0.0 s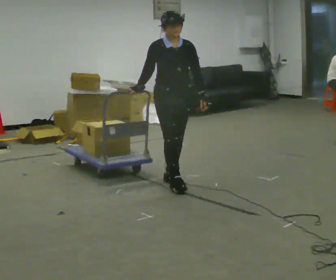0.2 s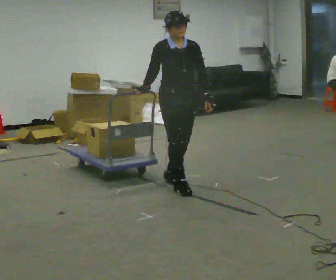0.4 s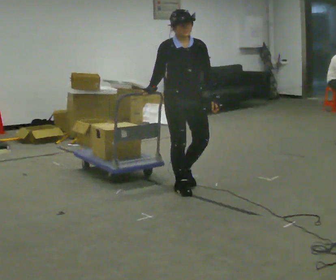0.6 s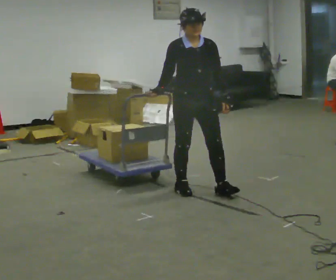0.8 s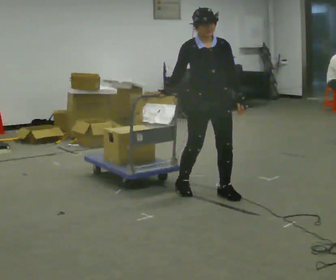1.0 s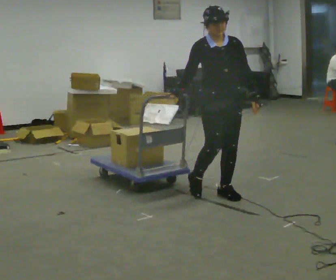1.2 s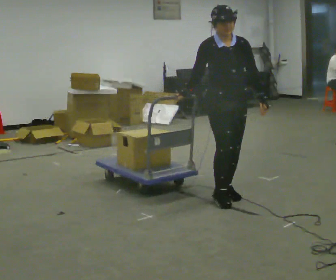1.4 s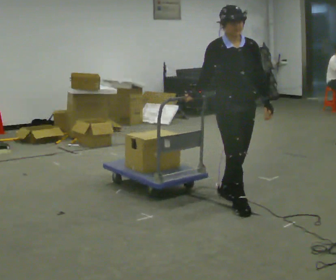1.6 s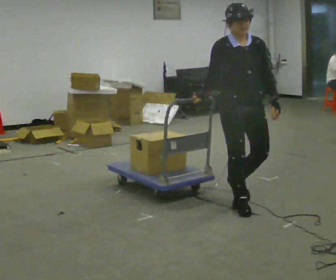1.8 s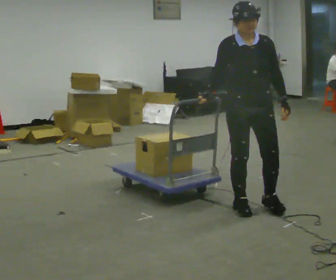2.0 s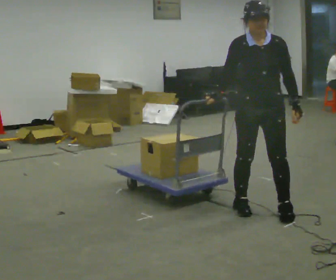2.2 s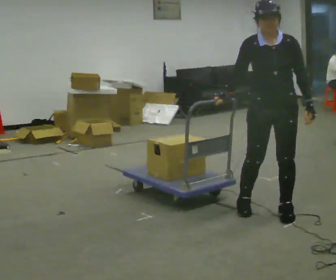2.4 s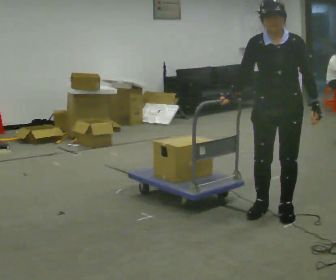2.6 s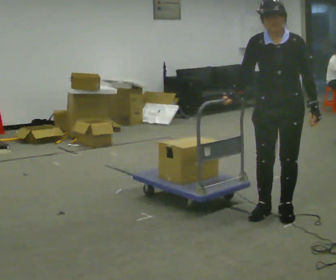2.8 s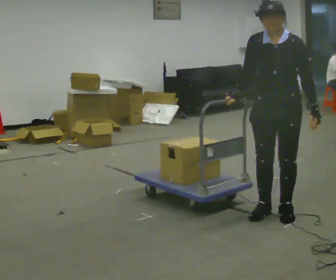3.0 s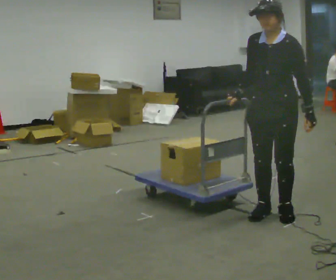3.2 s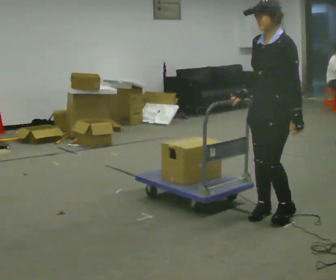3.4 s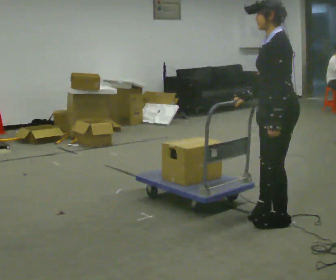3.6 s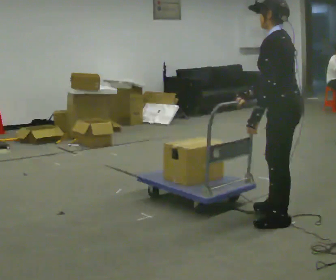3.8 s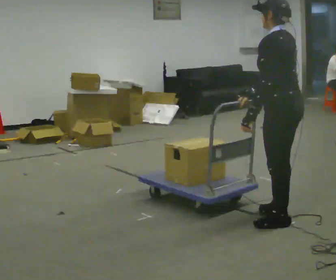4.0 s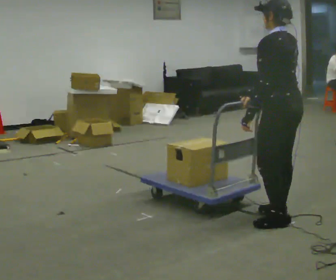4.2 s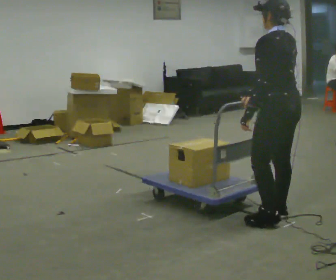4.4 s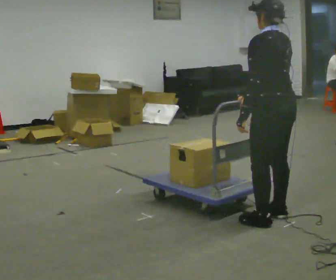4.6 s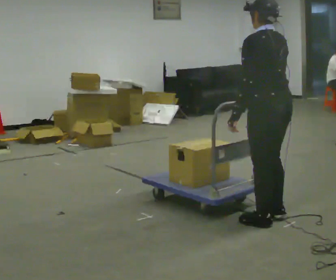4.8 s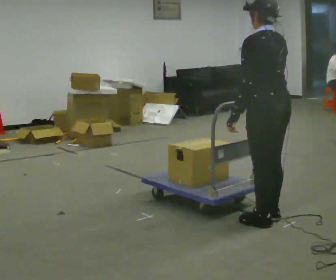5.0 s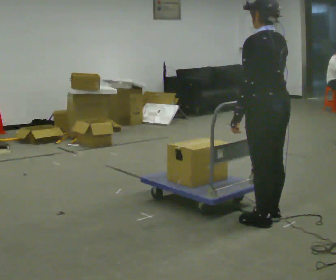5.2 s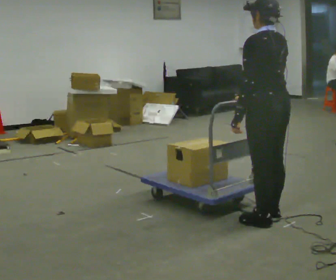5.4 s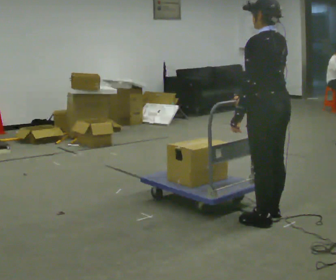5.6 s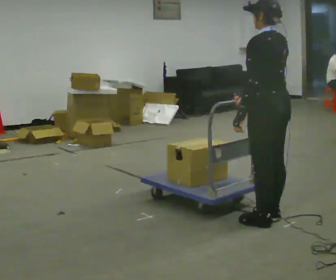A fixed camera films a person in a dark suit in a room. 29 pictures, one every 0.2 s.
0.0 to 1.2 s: In the picture they go to the right and toward the camera, about 0.75 m in 2 steps, which for them is forward and to their left.
1.2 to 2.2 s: The person turns about 30 degrees to their right, clockwise seen from above, so the part of the body nearest the lens slides to the left. In the picture they go to the right and toward the camera, about 0.5 m in 2 steps, which for them is forward and to their left.
2.2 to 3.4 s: Seen from above the body turns clockwise, about 90 degrees: to their right, with its near side sliding to the left. In the picture they go toward the camera, about 0.25 m in 2 steps.
3.4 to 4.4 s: Seen from above the body turns clockwise, about 45 degrees: to their right, with its near side sliding to the left.
4.4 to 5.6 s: The person moves a little, or ends about where they began.
The film runs forward here.
